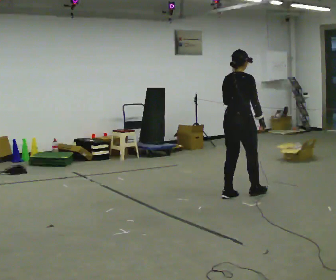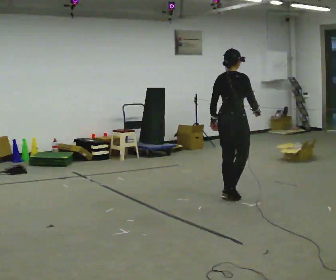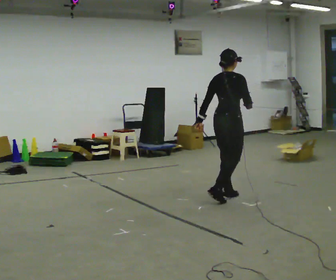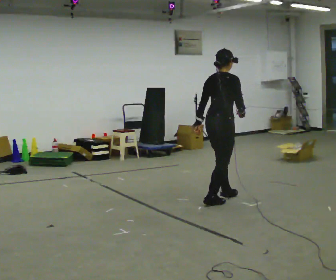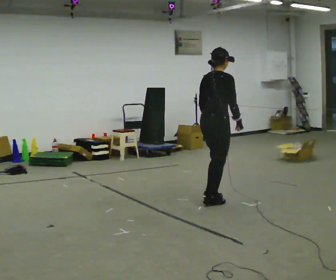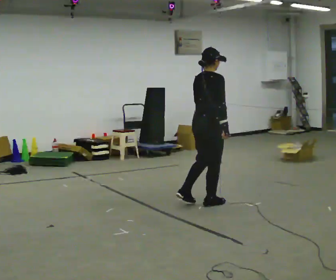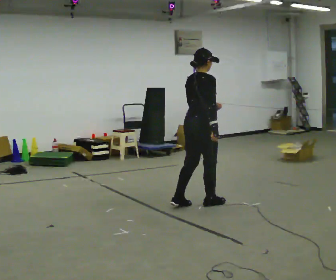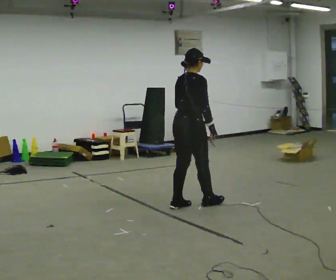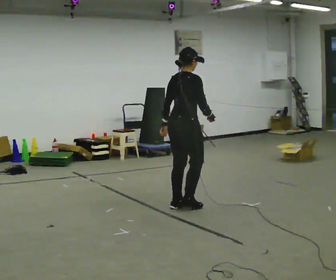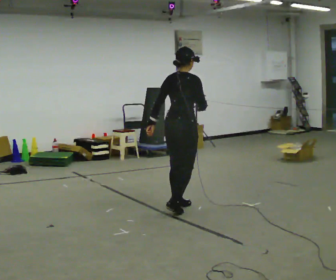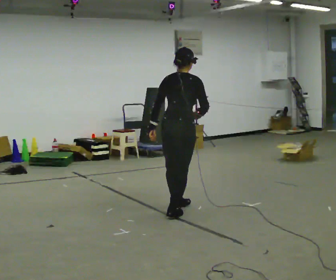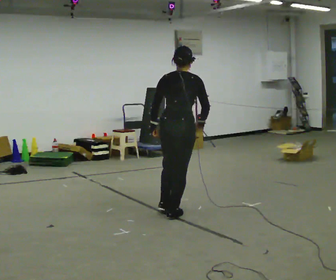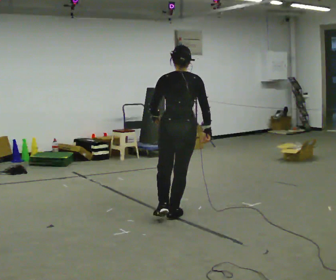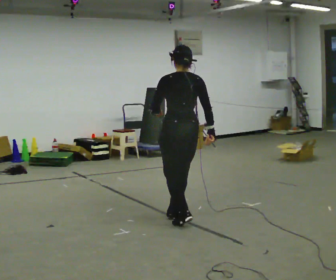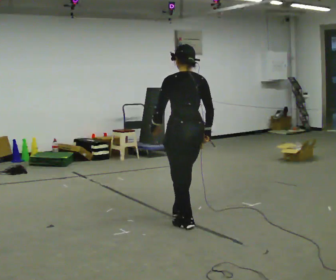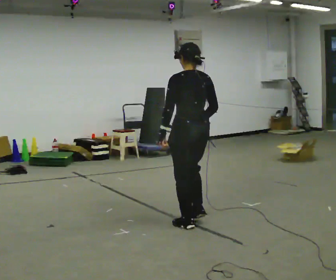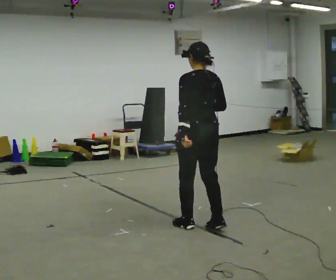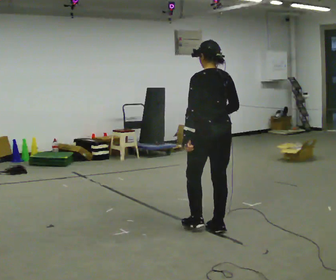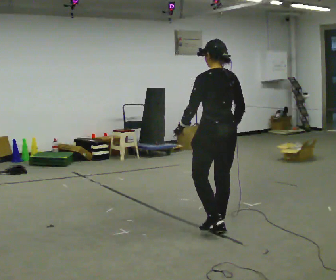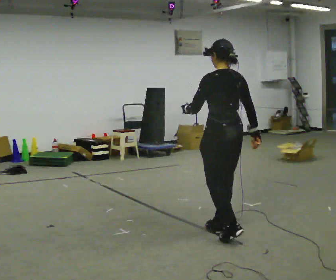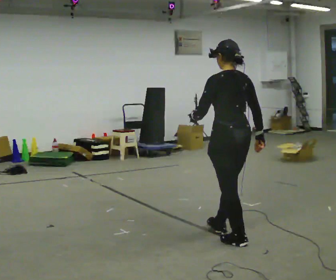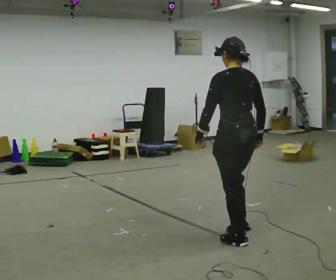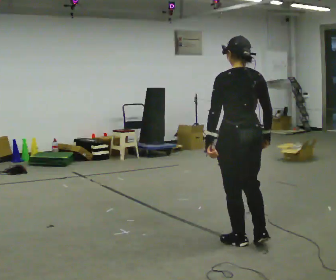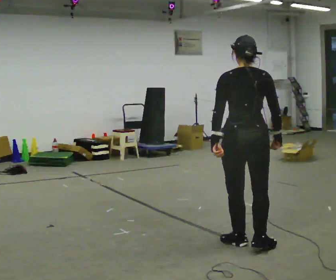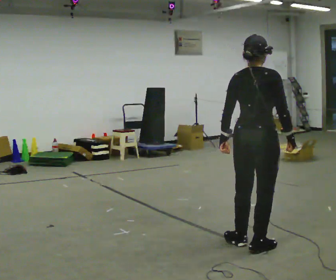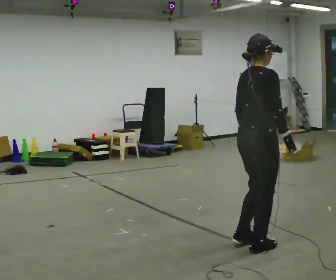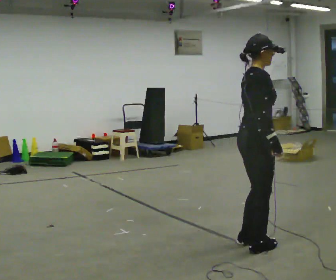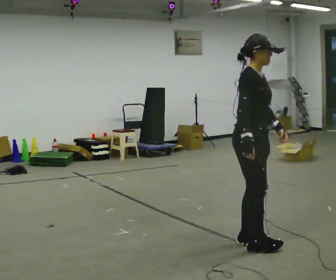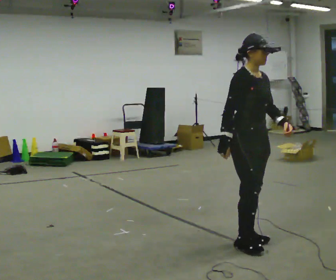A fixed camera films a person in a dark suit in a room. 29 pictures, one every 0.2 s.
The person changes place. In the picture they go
toward the camera.
The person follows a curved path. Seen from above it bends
counterclockwise.
0.0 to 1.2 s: In the picture they go to the left and toward the camera, about 0.5 m in 2 steps, which for them is backward.
1.2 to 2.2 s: Seen from above the body turns counterclockwise, about 30 degrees: to their left, with its near side sliding to the right. In the picture they go toward the camera and to the left, about 0.5 m in 1 step, which for them is backward.
2.2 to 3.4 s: The part of the body nearest the lens slides to the right as the person turns to their left by about 45 degrees. In the picture they go toward the camera and to the right, about 0.5 m in 2 steps, which for them is backward.
3.4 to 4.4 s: In the picture they go toward the camera and to the right, about 0.5 m in 1 step, which for them is backward.
4.4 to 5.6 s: The part of the body nearest the lens slides to the left as the person turns to their right by about 150 degrees. In the picture their left hand goes to the right, the arm swinging counterclockwise.
The film runs forward here.
